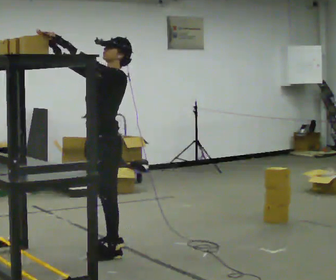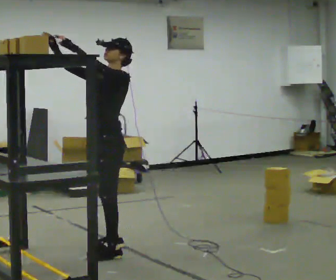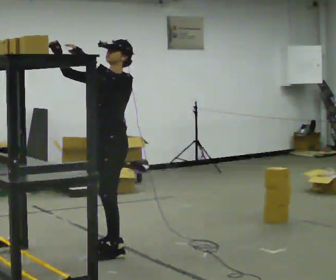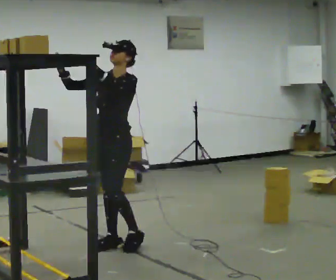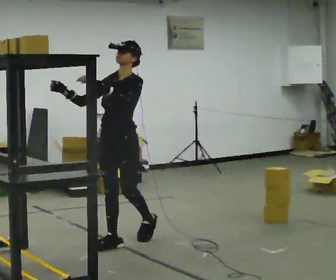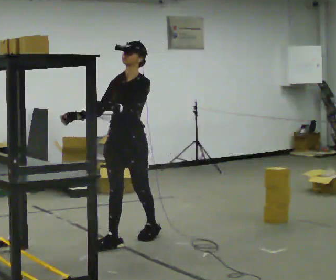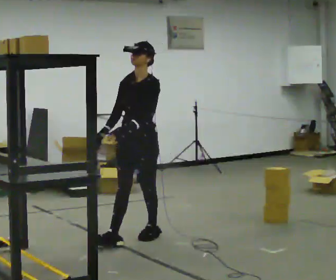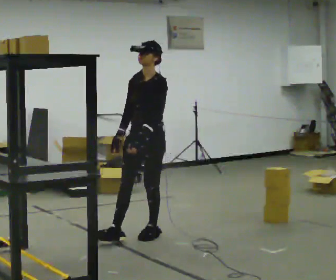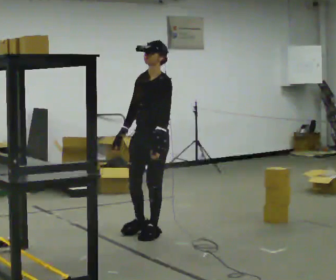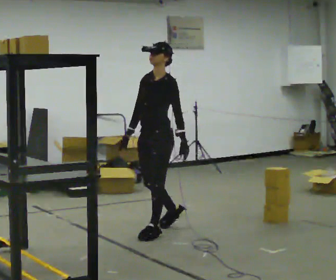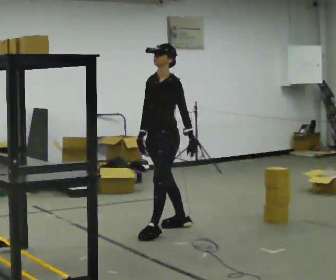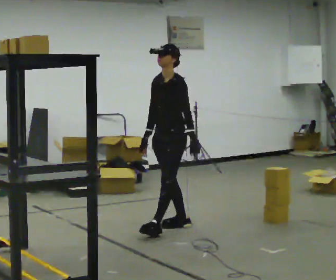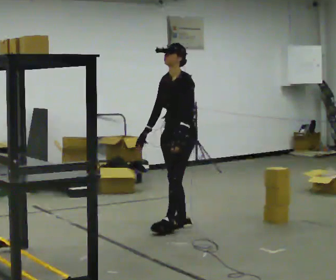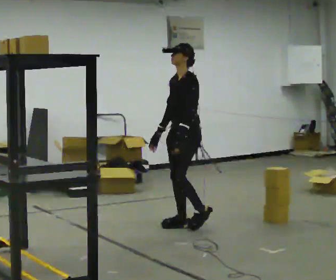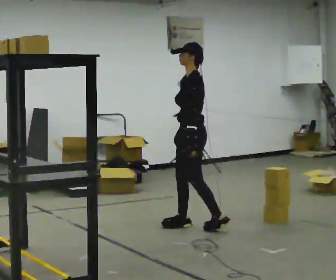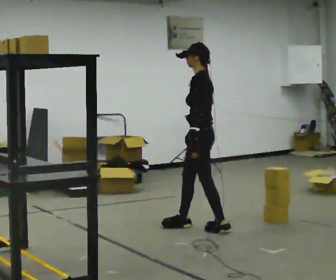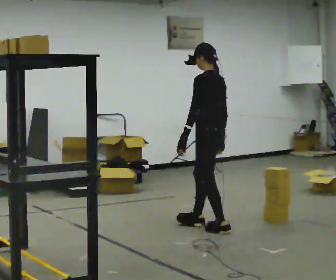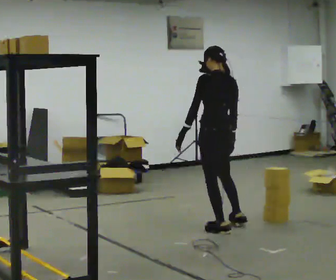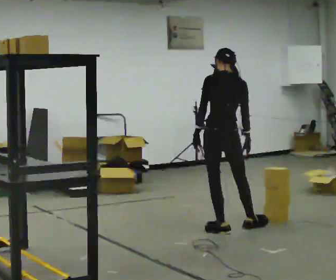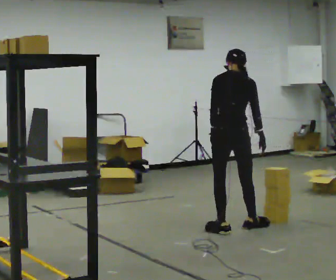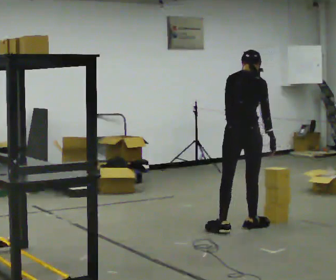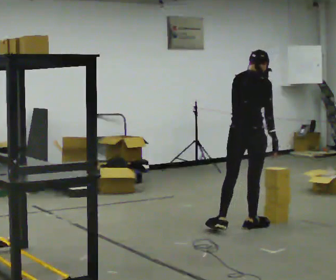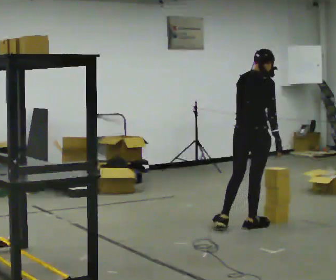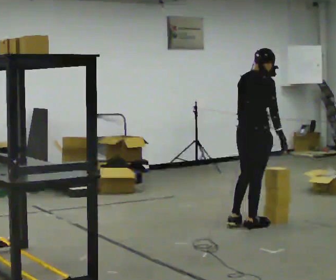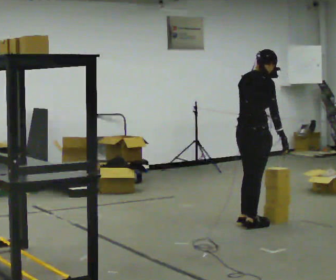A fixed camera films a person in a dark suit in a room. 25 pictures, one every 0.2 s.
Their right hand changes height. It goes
downward.
Their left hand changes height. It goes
downward.
0.0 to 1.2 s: The part of the body nearest the lens slides to the right as the person turns to their left by about 30 degrees. In the picture they go away from the camera and to the right, about 0.5 m in 1 step, which for them is backward. In the picture their right hand goes downward, the arm swinging counterclockwise.
1.2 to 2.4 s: In the picture they go away from the camera and to the right, about 0.5 m in 2 steps, which for them is backward.
2.4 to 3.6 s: Seen from above the body turns clockwise, about 120 degrees: to their right, with its near side sliding to the left. In the picture they go to the right, about 0.25 m in 1 step. In the picture the upper body tilts clockwise, shoulders to the right.
3.6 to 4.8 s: The part of the body nearest the lens slides to the left as the person turns to their right by about 60 degrees. In the picture they go to the right, about 0.25 m in 1 step.
The film runs backward here.
